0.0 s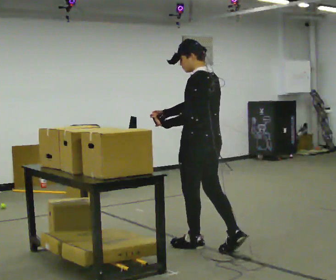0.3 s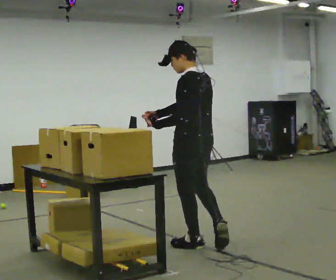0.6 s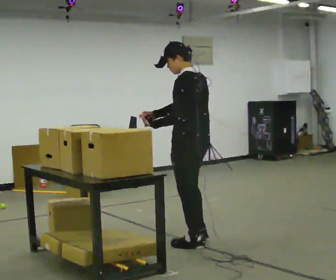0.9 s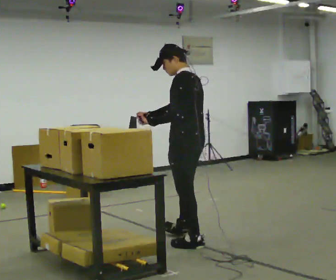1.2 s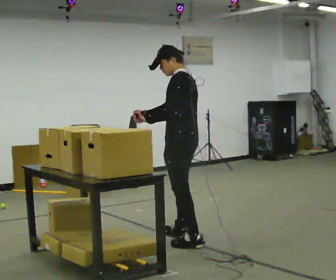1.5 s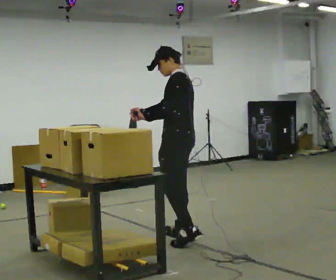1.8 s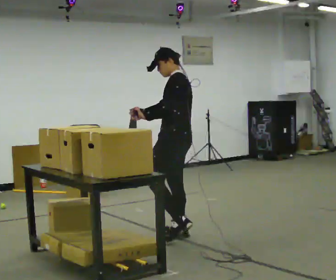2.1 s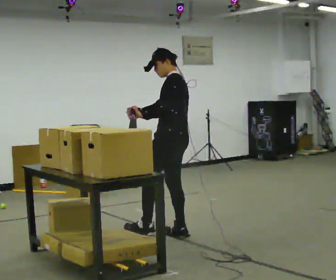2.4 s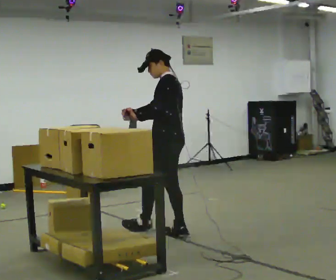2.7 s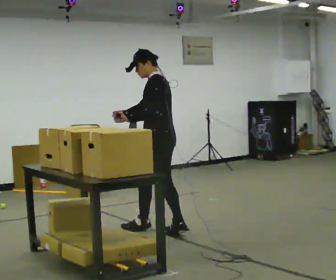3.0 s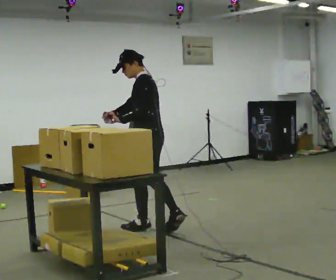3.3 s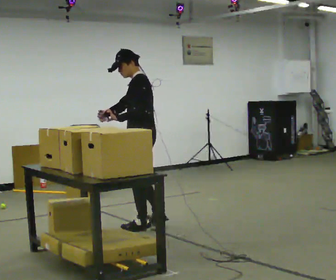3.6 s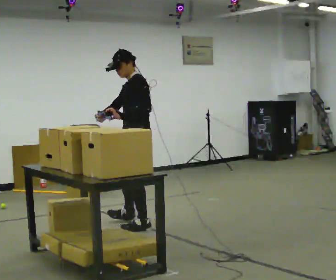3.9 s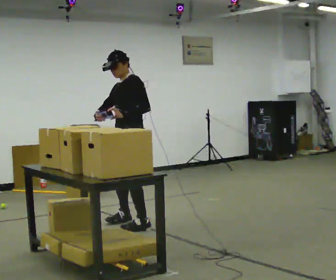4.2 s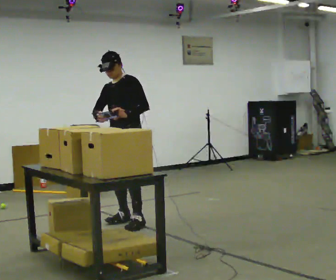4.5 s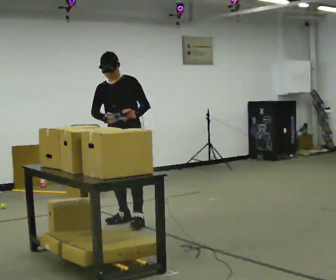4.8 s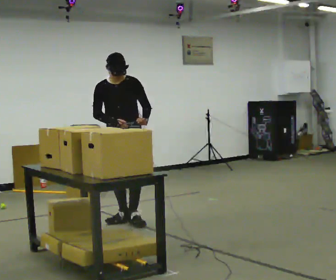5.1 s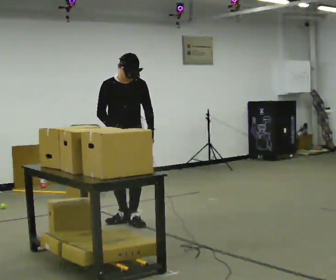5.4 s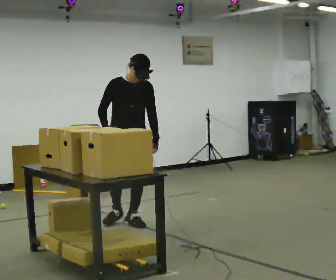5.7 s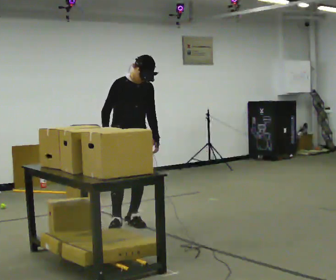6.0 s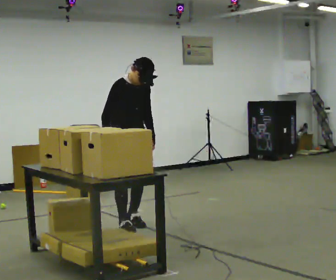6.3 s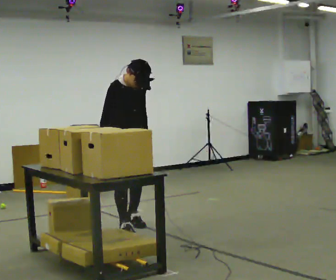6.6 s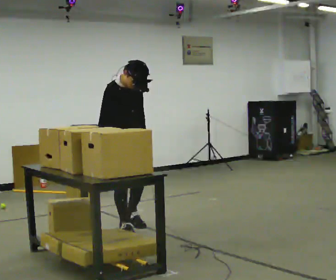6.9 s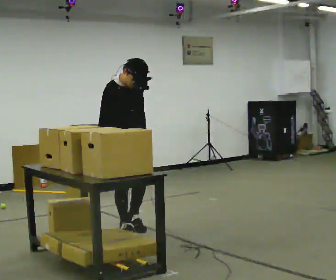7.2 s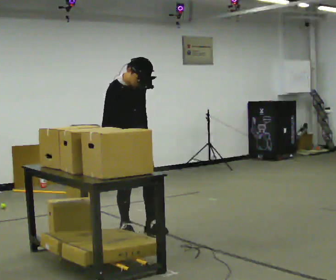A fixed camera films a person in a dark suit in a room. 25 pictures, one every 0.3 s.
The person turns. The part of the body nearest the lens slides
to the right.
The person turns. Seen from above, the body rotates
counterclockwise.
0.0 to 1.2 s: In the picture they go away from the camera, about 0.25 m in 1 step, which for them is forward.
1.2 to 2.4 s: In the picture they go away from the camera, about 0.25 m in 1 step, which for them is forward and to their right.
2.4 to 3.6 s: The person turns about 30 degrees to their left, counterclockwise seen from above, so the part of the body nearest the lens slides to the right. In the picture they go to the left and away from the camera, about 0.25 m, which for them is forward.
3.6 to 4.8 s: The part of the body nearest the lens slides to the right as the person turns to their left by about 75 degrees. In the picture they go away from the camera and to the left, about 0.25 m in 3 steps. The upper body tips toward the camera, its near side rolling downward.
4.8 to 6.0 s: Seen from above the body turns counterclockwise, about 45 degrees: to their left, with its near side sliding to the right. In the picture they go toward the camera, about 0.25 m in 1 step, which for them is forward. In the picture the upper body tilts clockwise, shoulders to the right.
6.0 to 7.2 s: In the picture they go toward the camera, about 0.25 m, which for them is forward and to their right.
The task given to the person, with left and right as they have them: Carry the handheld device and, while walking, point it at the labels on the shelves and press the button as if scanning them.
The film runs forward here.
